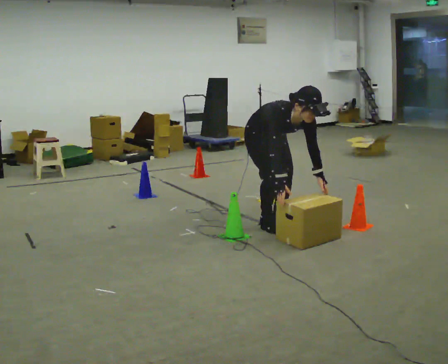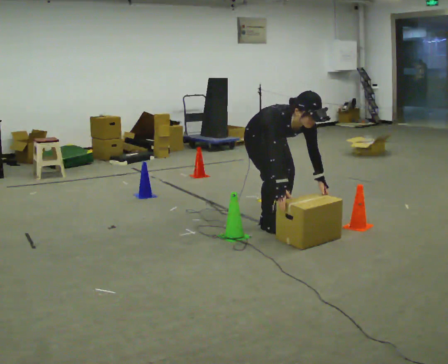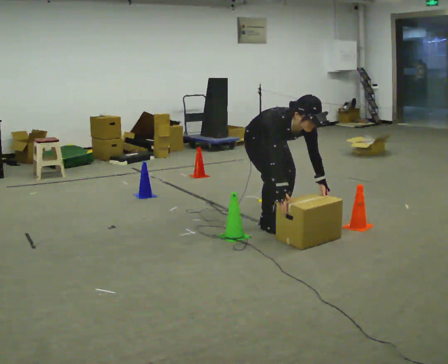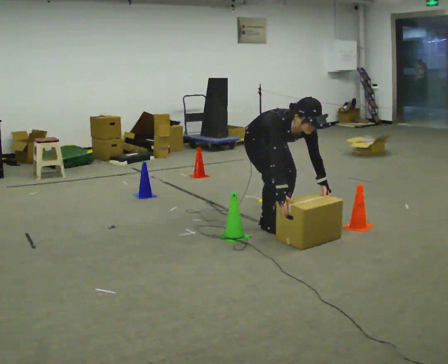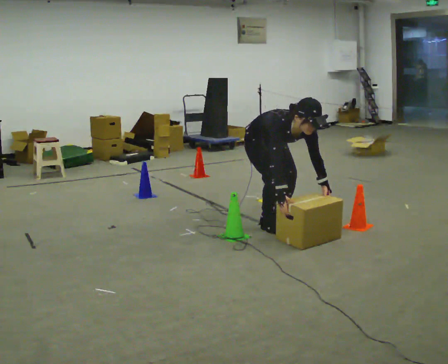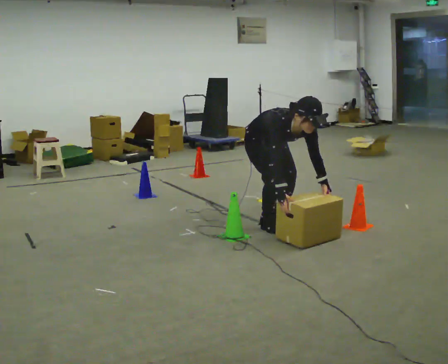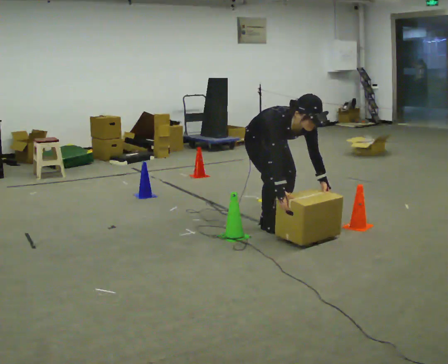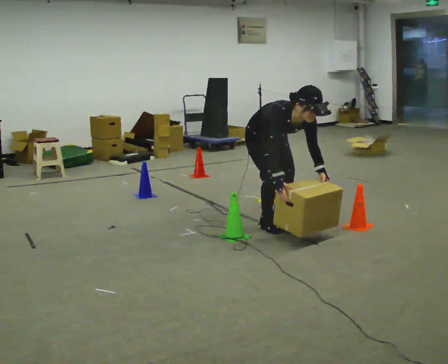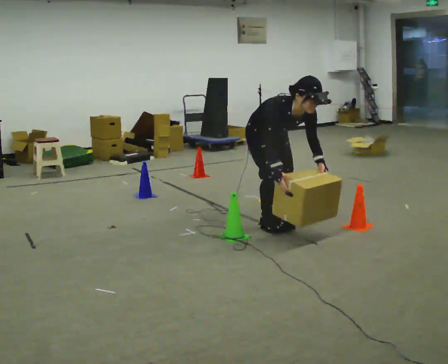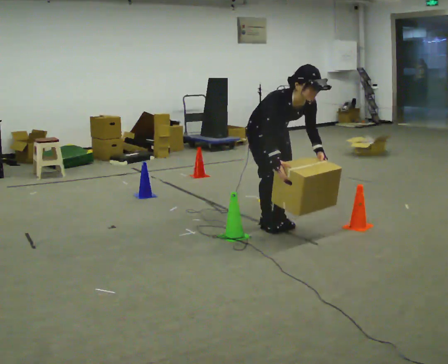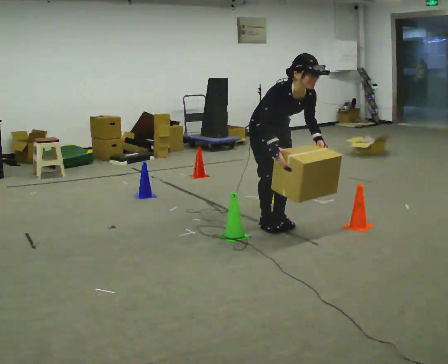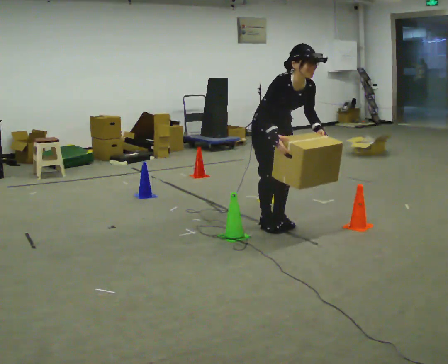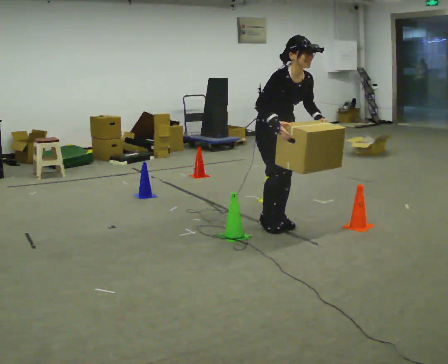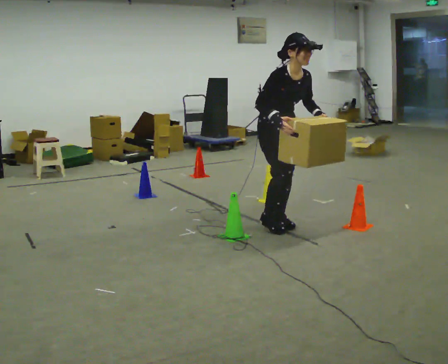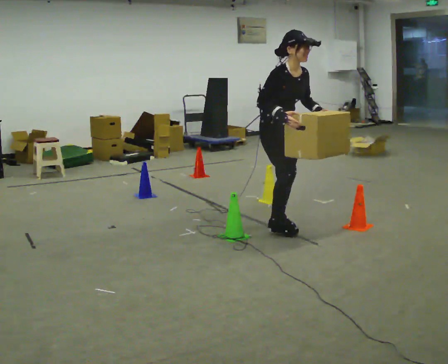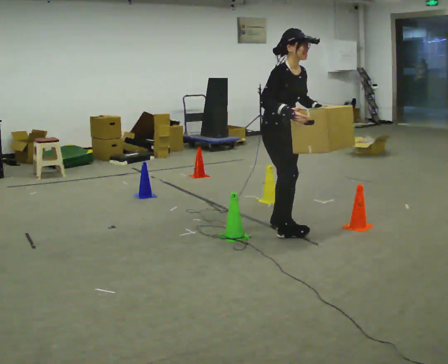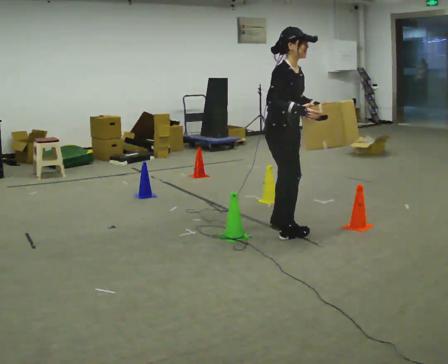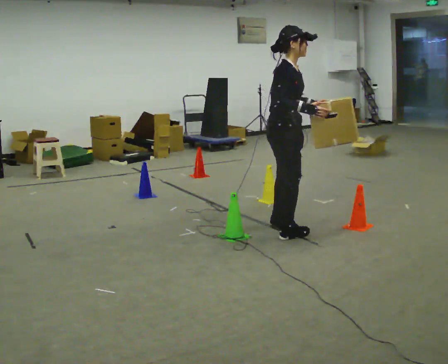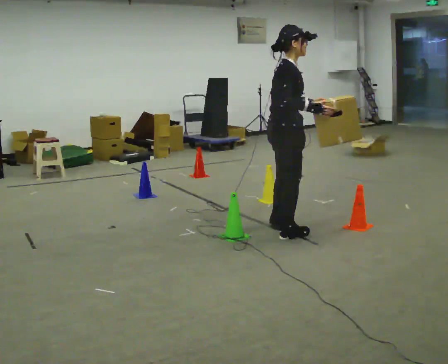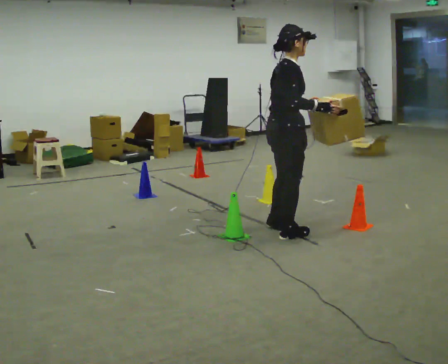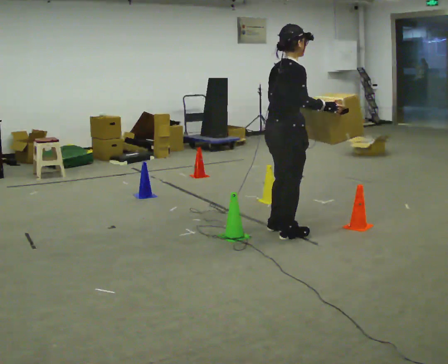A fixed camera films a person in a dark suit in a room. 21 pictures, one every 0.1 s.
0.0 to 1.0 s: The upper body tips away from the camera, its near side rolling upward, as they lean back or straighten.
1.0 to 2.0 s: Seen from above the body turns counterclockwise, about 75 degrees: to their left, with its near side sliding to the right. In the picture they go toward the camera, about 0.25 m in 1 step. The upper body goes upward. The upper body tips away from the camera, its near side rolling upward, as they lean back or straighten. In the picture their right hand goes upward.
The film runs forward here.
